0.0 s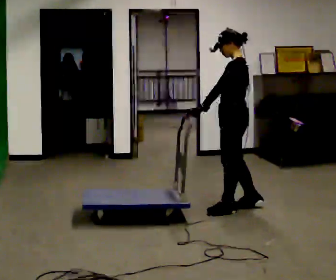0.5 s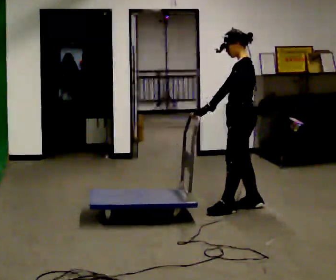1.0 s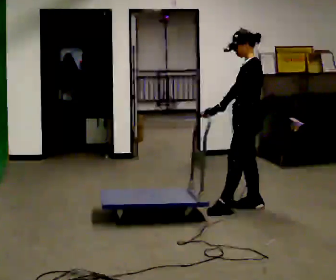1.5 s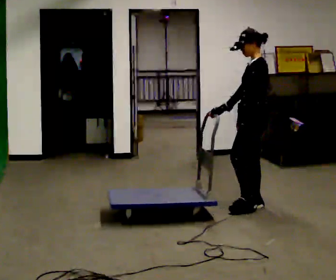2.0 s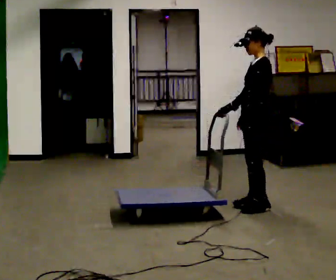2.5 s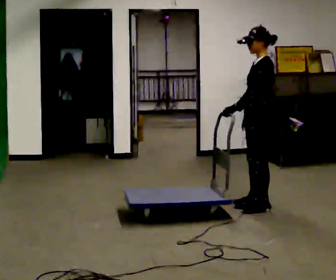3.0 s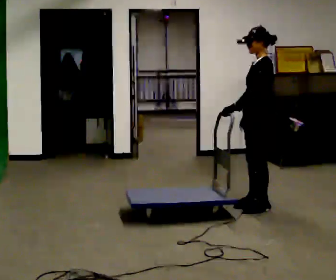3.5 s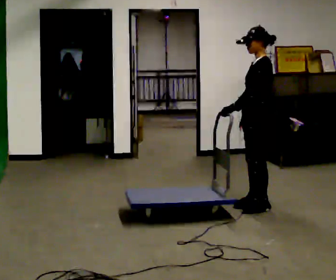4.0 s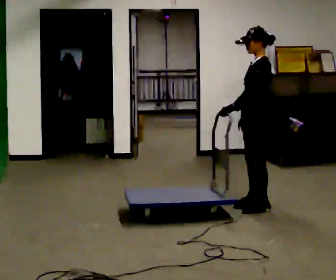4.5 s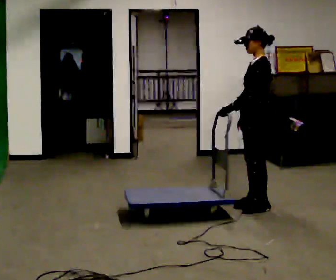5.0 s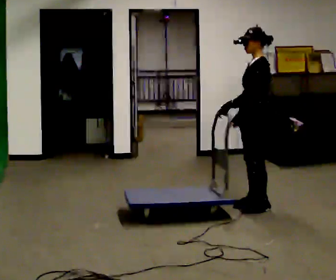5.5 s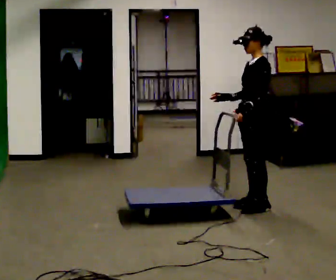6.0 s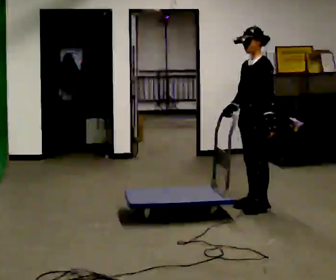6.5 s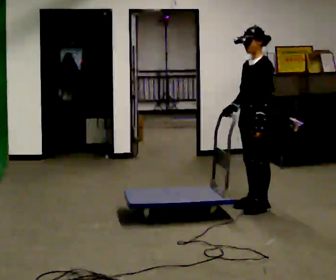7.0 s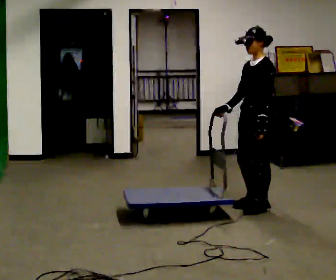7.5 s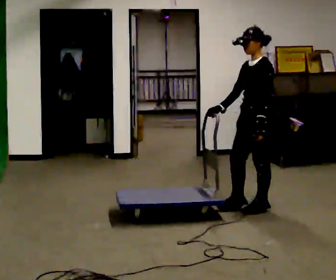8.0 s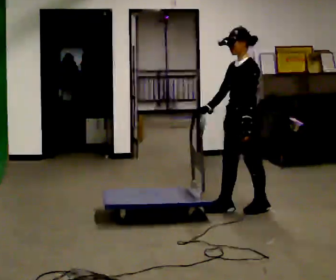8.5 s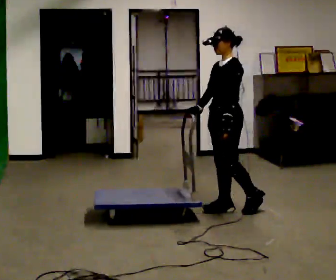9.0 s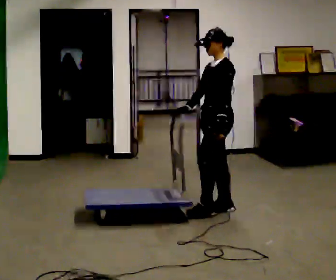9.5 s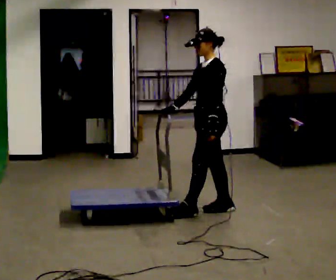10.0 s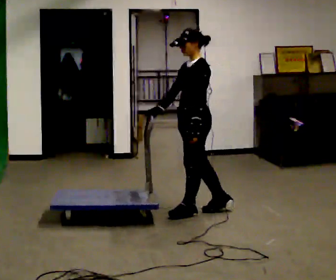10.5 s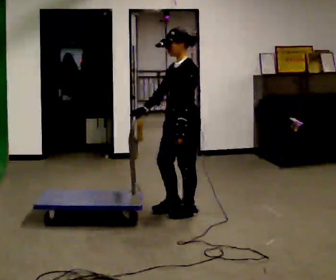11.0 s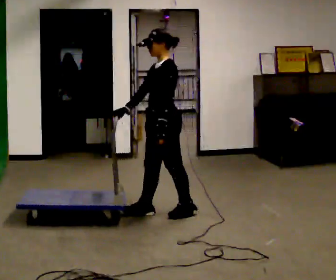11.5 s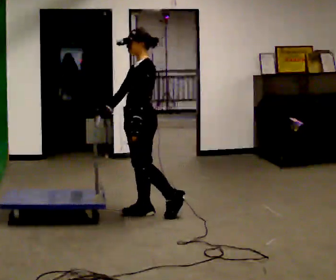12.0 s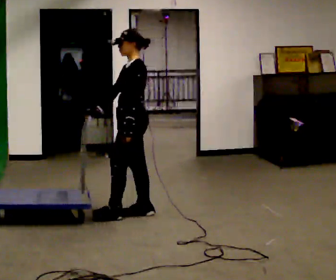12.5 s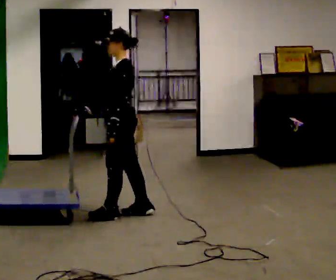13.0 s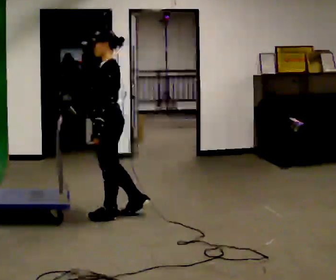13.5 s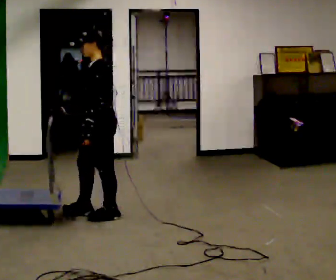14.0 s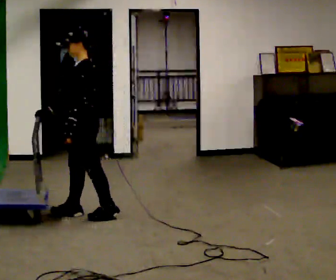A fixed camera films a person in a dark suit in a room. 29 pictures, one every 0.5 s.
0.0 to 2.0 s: In the picture they go to the right, about 0.25 m in 1 step, which for them is backward.
2.0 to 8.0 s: In the picture their right hand goes to the left.
8.0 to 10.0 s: In the picture they go to the left, about 0.5 m in 1 step, which for them is forward.
10.0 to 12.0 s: In the picture they go to the left, about 0.5 m in 1 step, which for them is forward.
12.0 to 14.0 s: In the picture they go to the left, about 0.5 m in 2 steps, which for them is forward.
The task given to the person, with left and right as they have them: Push the cart across the room using only the hand the operator calls. Keep your other arm at your side.
The film runs forward here.
